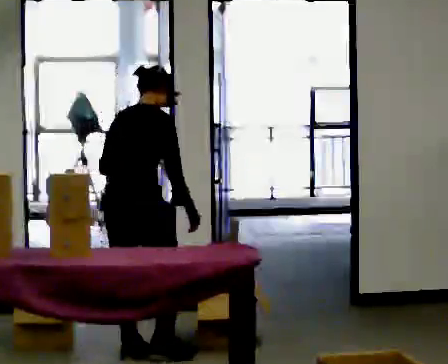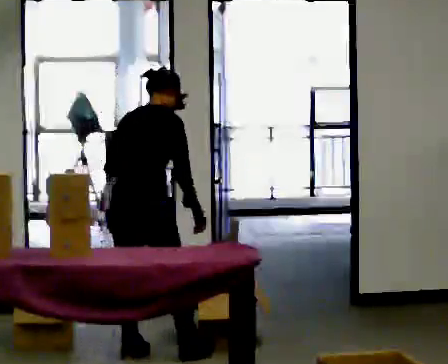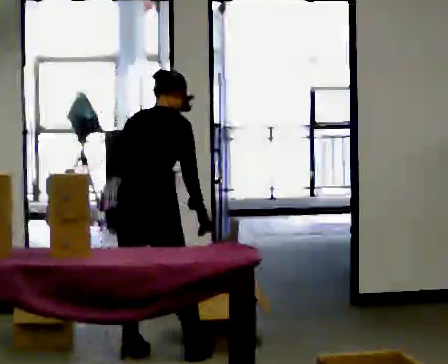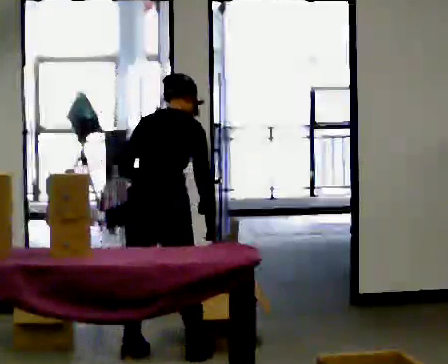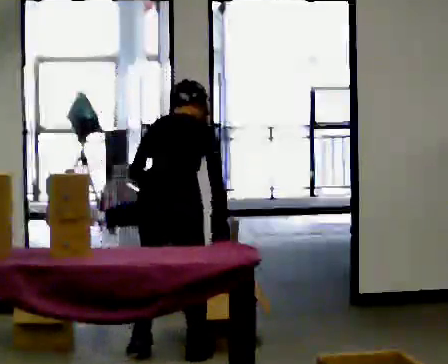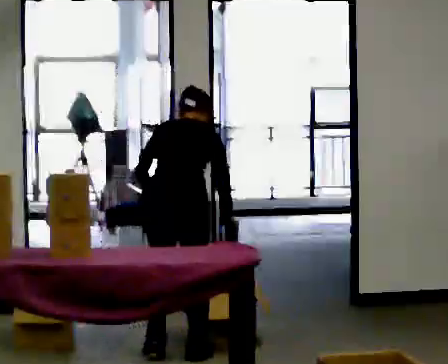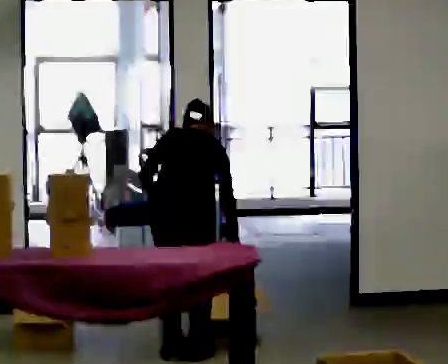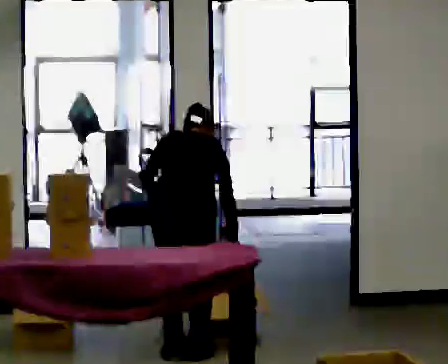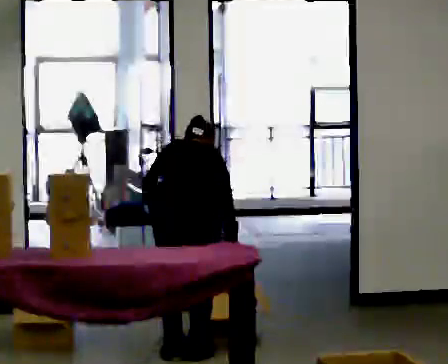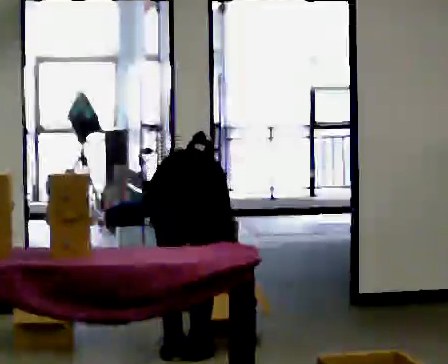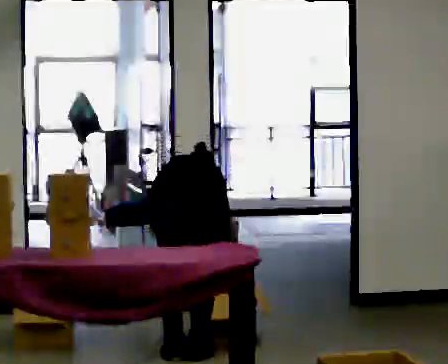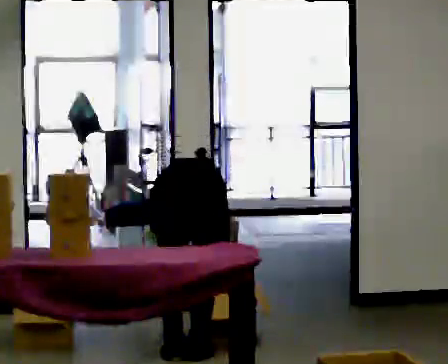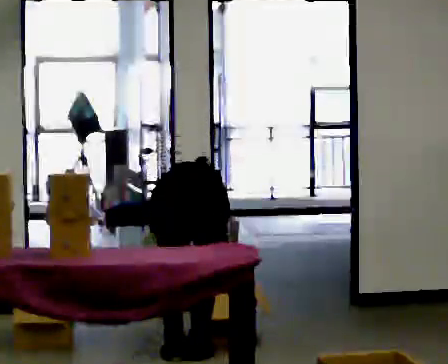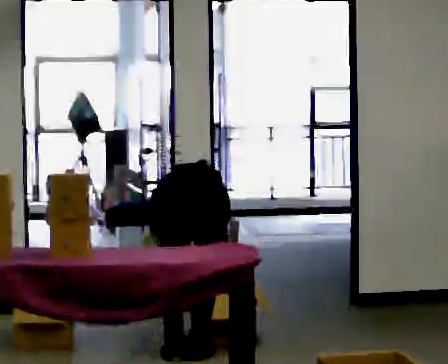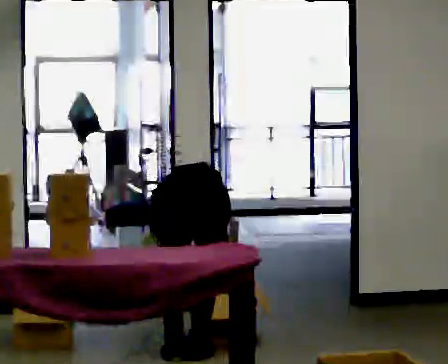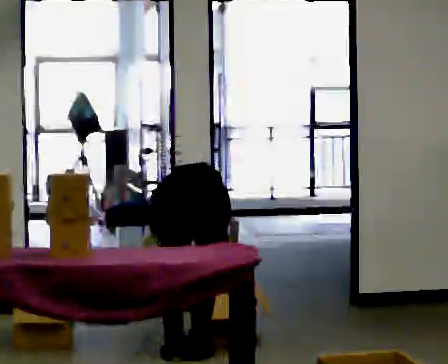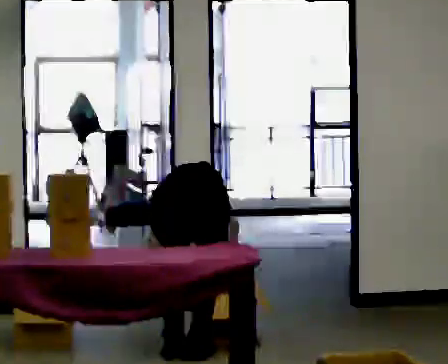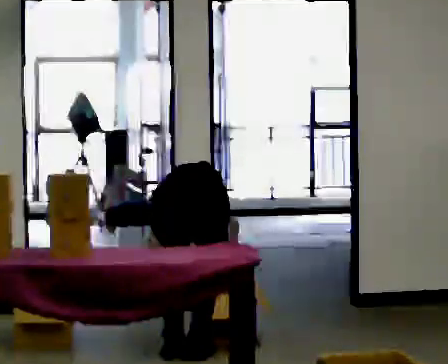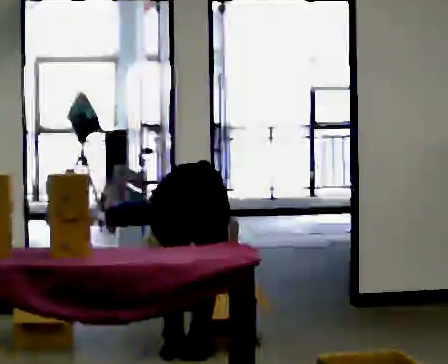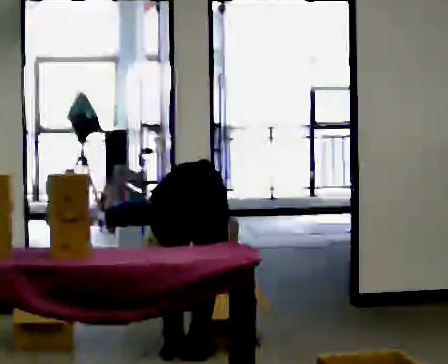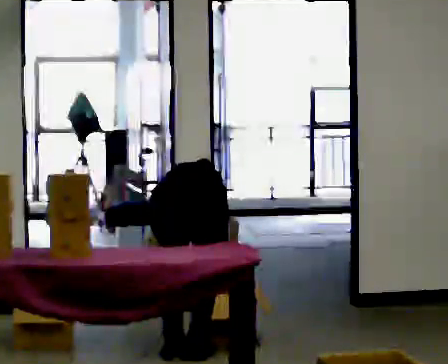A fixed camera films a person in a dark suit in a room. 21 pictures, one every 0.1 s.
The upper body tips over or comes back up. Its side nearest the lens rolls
upward.
The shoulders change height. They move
downward.
0.0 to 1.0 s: The person turns about 45 degrees to their left, counterclockwise seen from above, so the part of the body nearest the lens slides to the right. In the picture they go to the right, about 0.25 m in 2 steps, which for them is to their right. The upper body goes downward. The upper body tips away from the camera, its near side rolling upward, as they bend forward.
1.0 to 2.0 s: The person moves a little, or ends about where they began.
The film runs forward here.
